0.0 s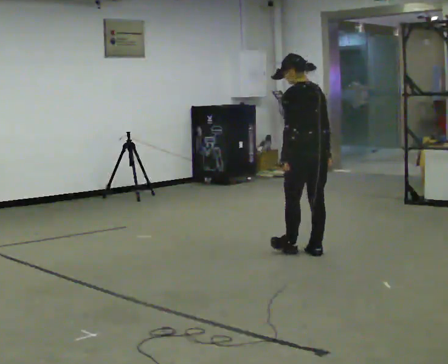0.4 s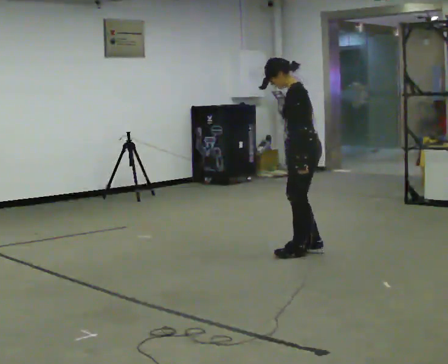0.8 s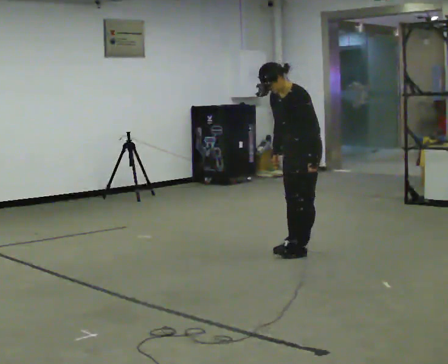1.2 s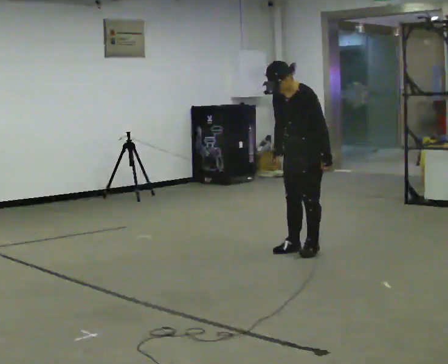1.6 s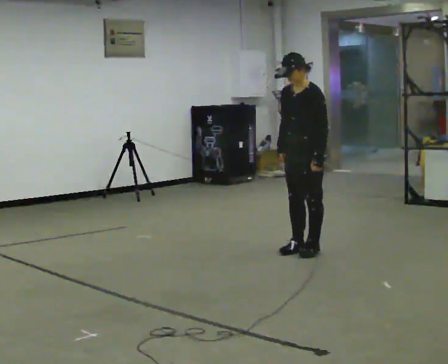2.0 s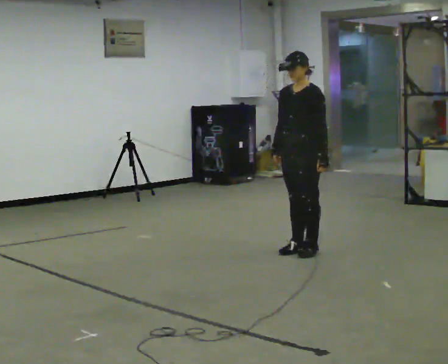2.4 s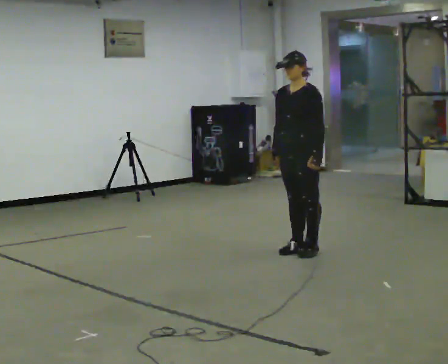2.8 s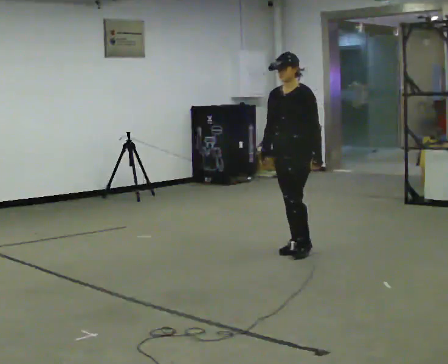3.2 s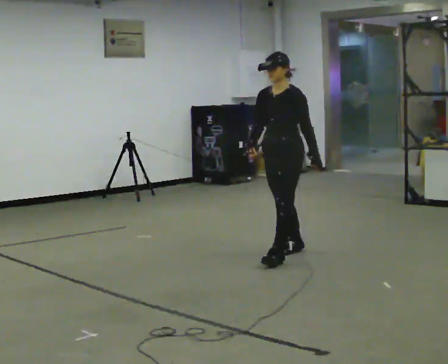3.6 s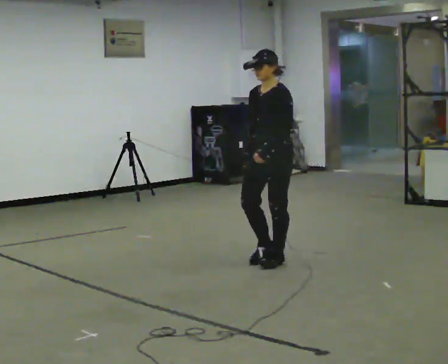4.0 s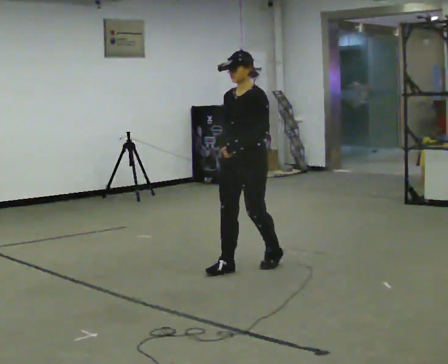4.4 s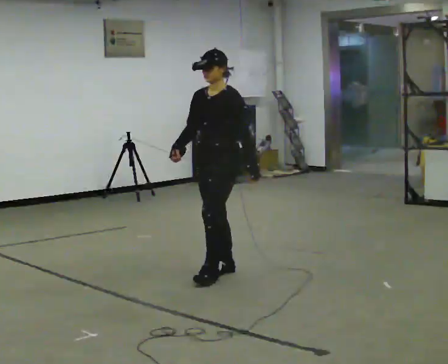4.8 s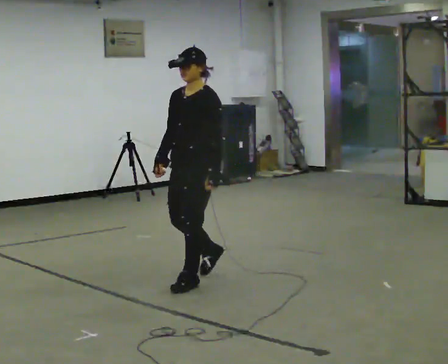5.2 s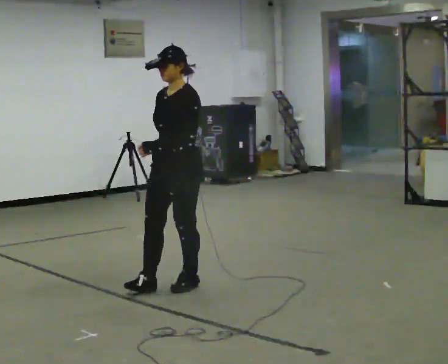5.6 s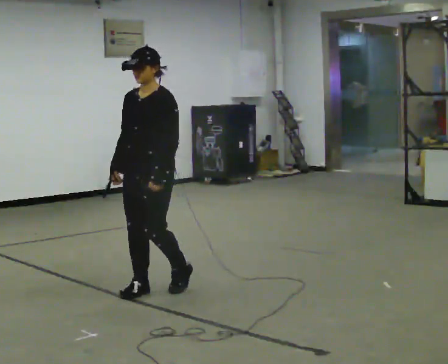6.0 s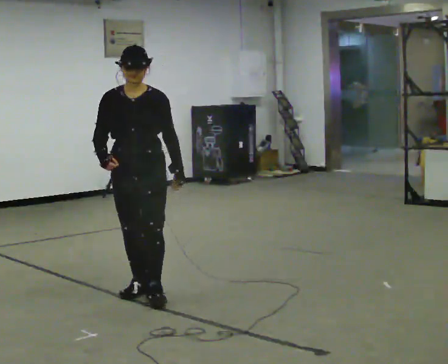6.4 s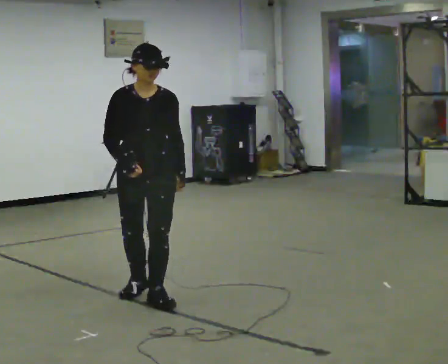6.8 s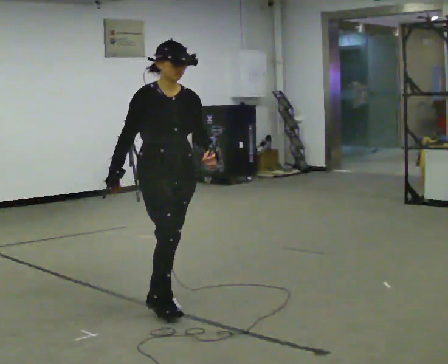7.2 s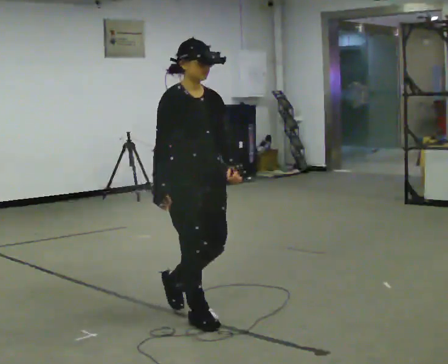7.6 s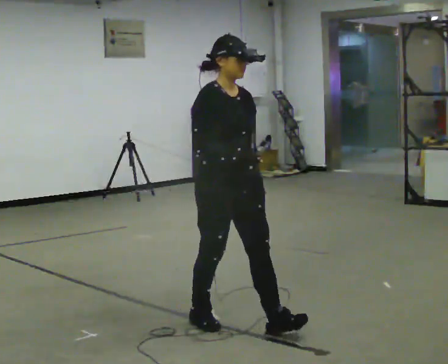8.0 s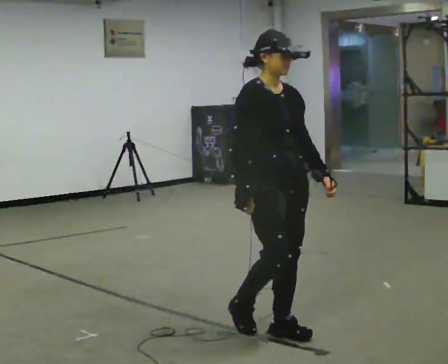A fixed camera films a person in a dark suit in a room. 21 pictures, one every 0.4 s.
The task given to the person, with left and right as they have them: Walk normally; turn left/right while slowing; after turn accelerate back to normal.
0.0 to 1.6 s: The part of the body nearest the lens slides to the right as the person turns to their left by about 90 degrees. In the picture their right hand goes to the left.
1.6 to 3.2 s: In the picture they go to the left, about 0.25 m in 1 step, which for them is forward.
3.2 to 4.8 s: In the picture they go toward the camera and to the left, about 1 m in 2 steps, which for them is forward.
4.8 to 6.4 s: Seen from above the body turns counterclockwise, about 60 degrees: to their left, with its near side sliding to the right. In the picture they go toward the camera and to the left, about 0.5 m in 2 steps.
6.4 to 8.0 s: The part of the body nearest the lens slides to the right as the person turns to their left by about 30 degrees. In the picture they go to the right and toward the camera, about 1 m in 2 steps, which for them is forward.
The film runs forward here.
